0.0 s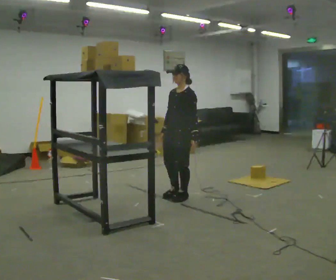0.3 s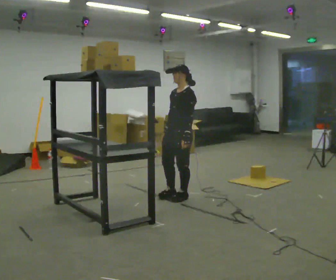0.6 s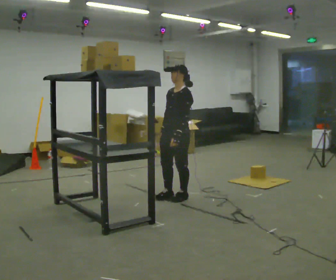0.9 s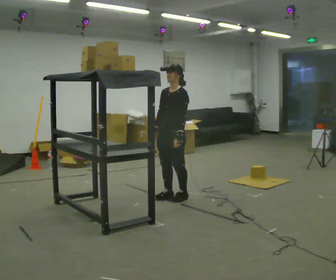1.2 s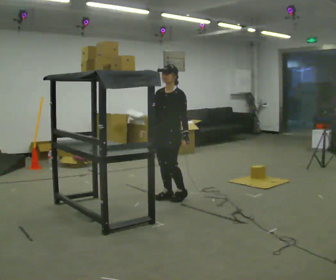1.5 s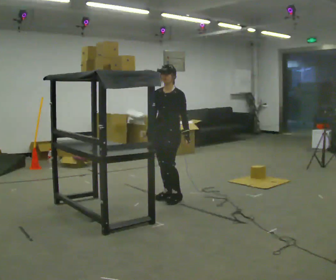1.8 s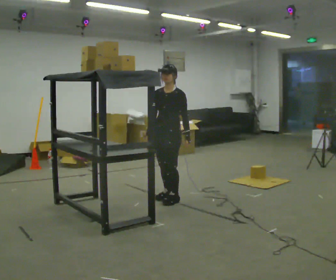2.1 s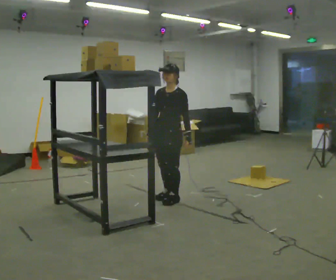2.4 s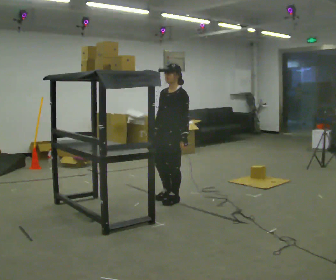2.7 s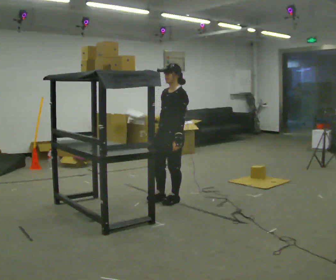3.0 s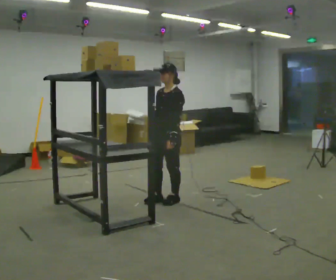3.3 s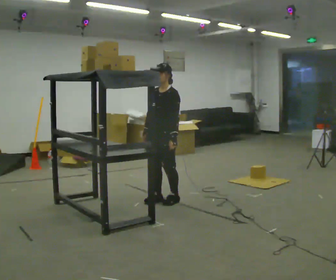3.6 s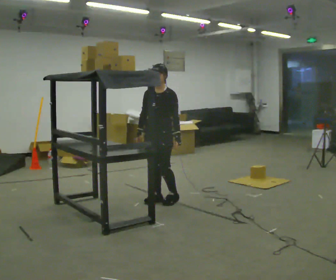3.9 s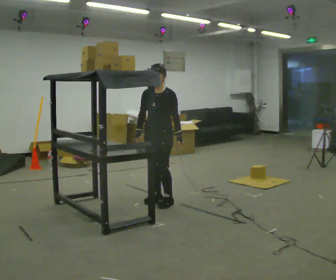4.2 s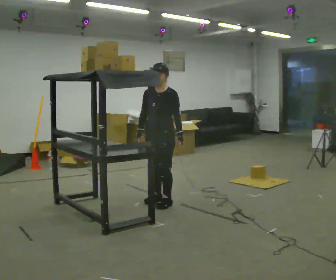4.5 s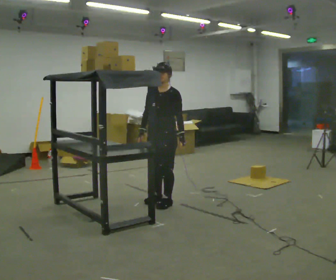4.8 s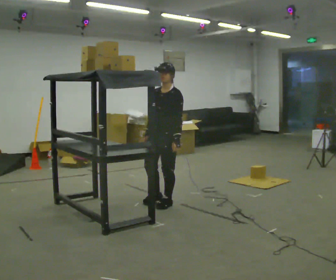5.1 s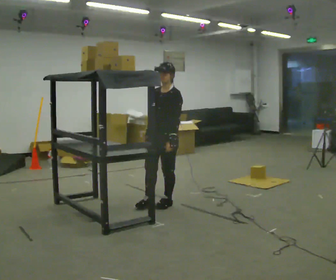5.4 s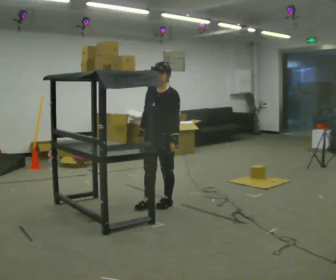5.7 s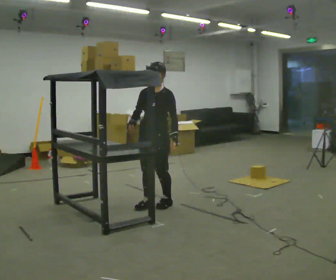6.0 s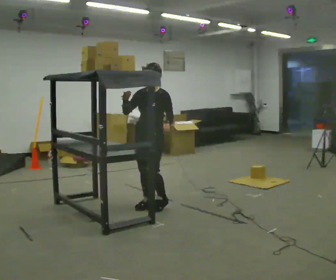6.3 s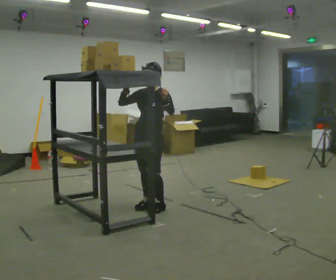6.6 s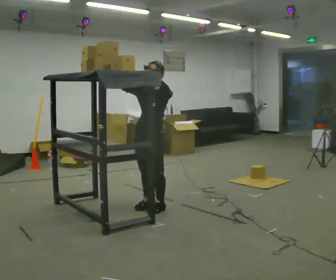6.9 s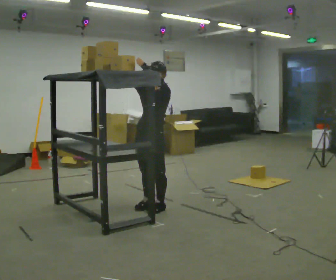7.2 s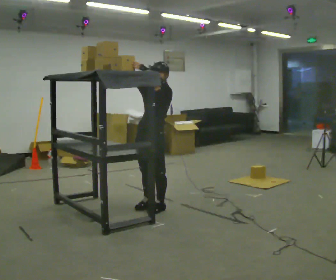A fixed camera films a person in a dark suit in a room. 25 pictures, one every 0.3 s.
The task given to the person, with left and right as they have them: Take an object from the highest shelf you can comfortably reach, carry it across, and place it on the lowest shelf. Keep going until the operator says stop; one object at a time, and do not rush between trips.
0.0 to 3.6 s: In the picture they go to the left, about 0.25 m in 2 steps, which for them is forward and to their right.
3.6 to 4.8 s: In the picture they go toward the camera, about 0.25 m in 1 step, which for them is to their left.
4.8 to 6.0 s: In the picture they go to the left, about 0.25 m in 1 step, which for them is forward. In the picture their right hand goes upward.
6.0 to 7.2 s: In the picture their left hand goes upward.
The film runs forward here.
